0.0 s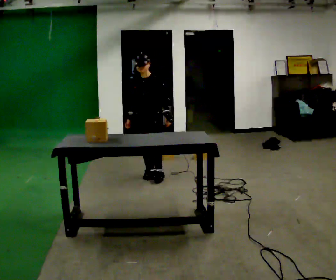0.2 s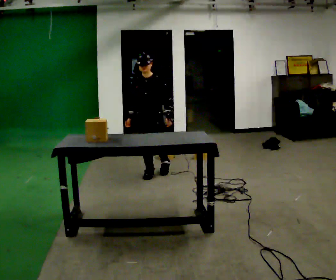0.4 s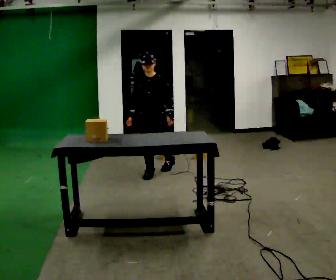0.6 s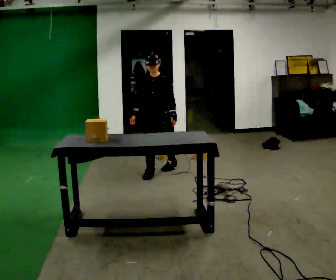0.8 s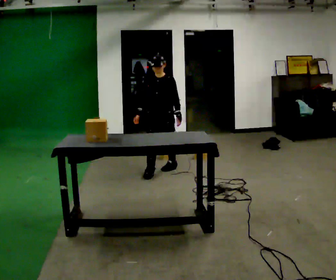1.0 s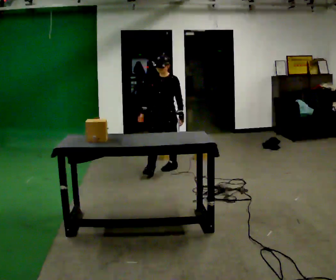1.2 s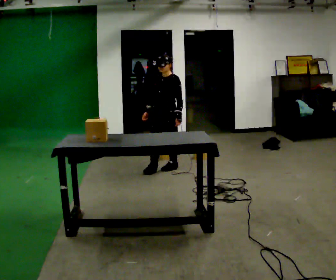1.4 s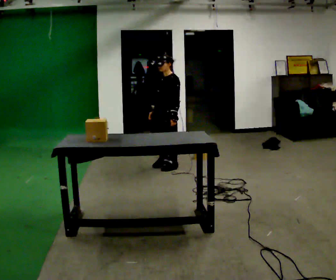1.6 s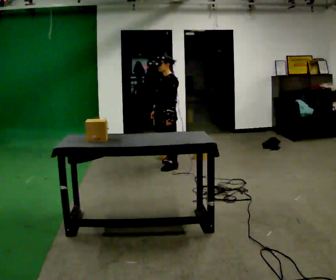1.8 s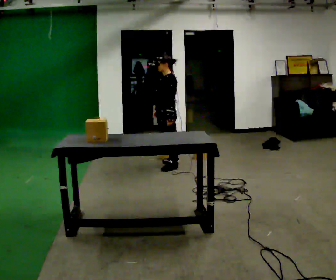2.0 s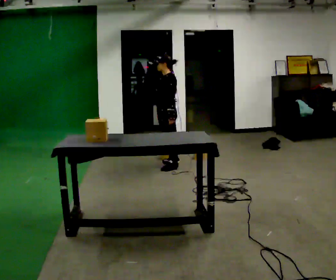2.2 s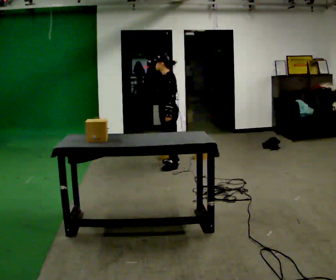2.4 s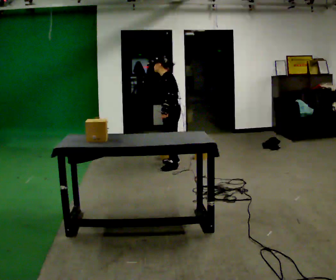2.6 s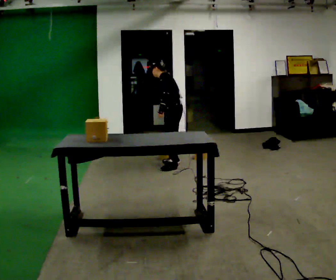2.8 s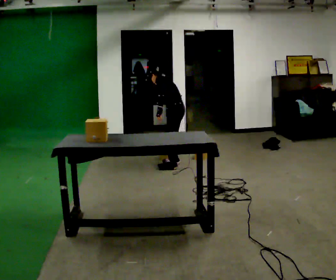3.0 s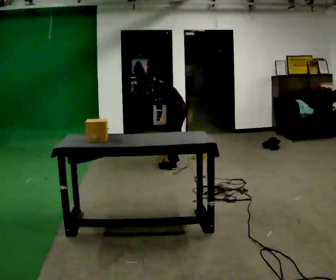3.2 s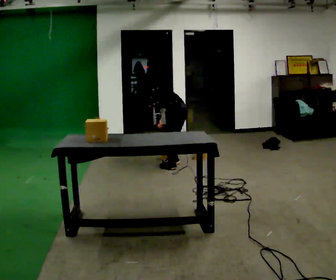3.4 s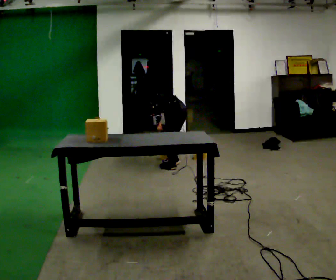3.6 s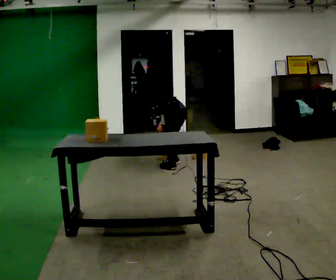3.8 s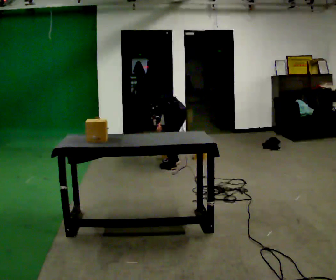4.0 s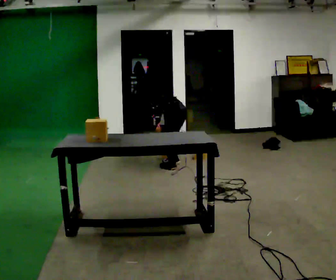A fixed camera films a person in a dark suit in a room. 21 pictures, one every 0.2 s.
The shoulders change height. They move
downward.
Their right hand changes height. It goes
downward.
0.0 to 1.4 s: The person turns about 30 degrees to their right, clockwise seen from above, so the part of the body nearest the lens slides to the left. In the picture they go away from the camera and to the right, about 0.5 m in 1 step, which for them is backward and to their left.
1.4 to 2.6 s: The person turns about 45 degrees to their right, clockwise seen from above, so the part of the body nearest the lens slides to the left. In the picture they go away from the camera, about 0.25 m, which for them is backward and to their right. In the picture the upper body tilts counterclockwise, shoulders to the left, as they bend forward.
2.6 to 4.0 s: Seen from above the body turns clockwise, about 45 degrees: to their right, with its near side sliding to the left. The upper body goes downward. The upper body tips away from the camera, its near side rolling upward, as they bend forward.
The film runs backward here.
